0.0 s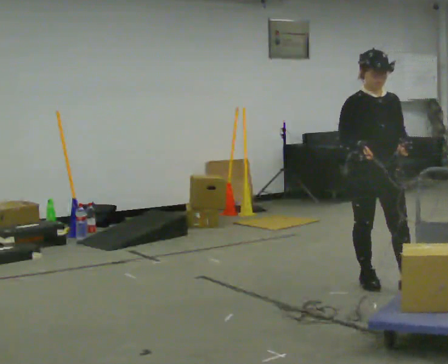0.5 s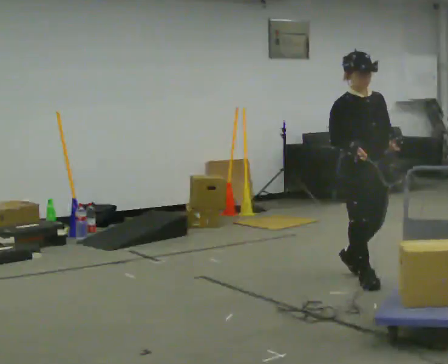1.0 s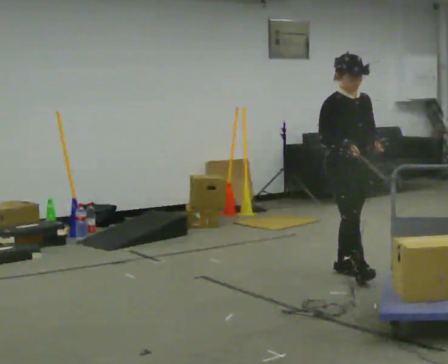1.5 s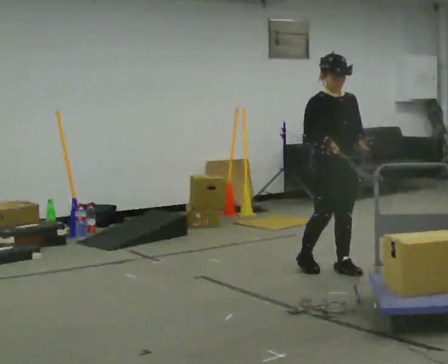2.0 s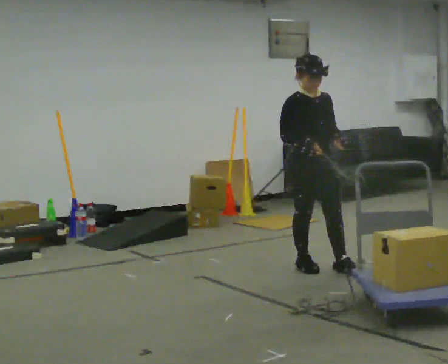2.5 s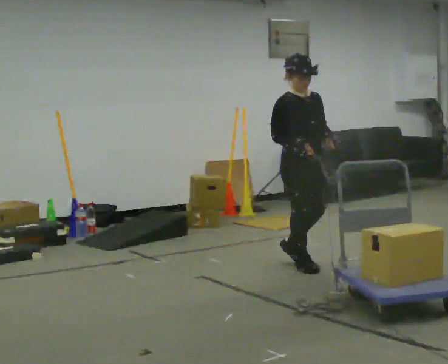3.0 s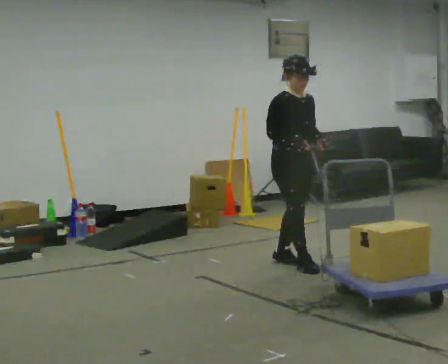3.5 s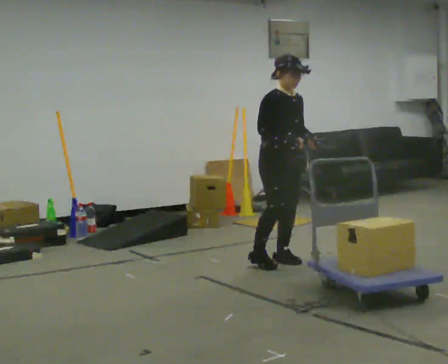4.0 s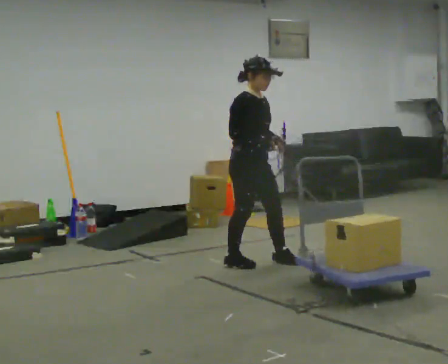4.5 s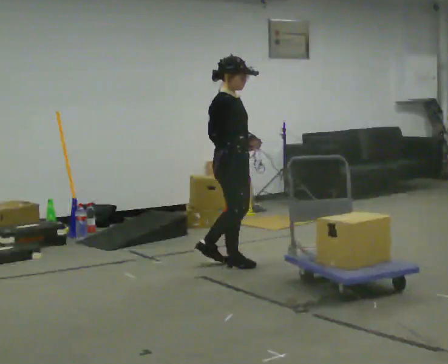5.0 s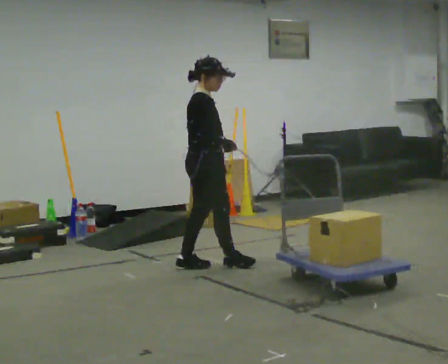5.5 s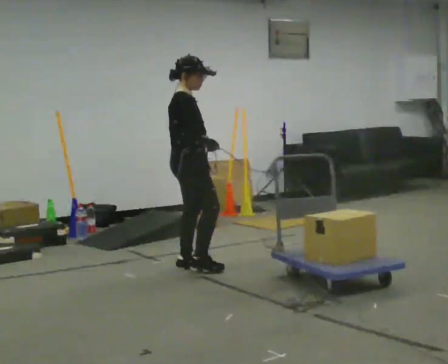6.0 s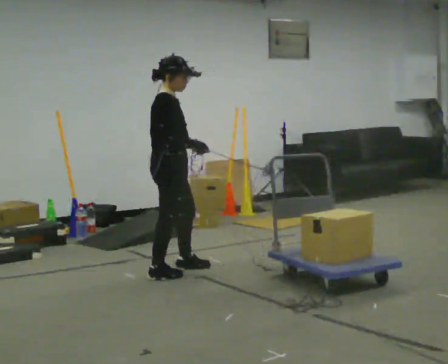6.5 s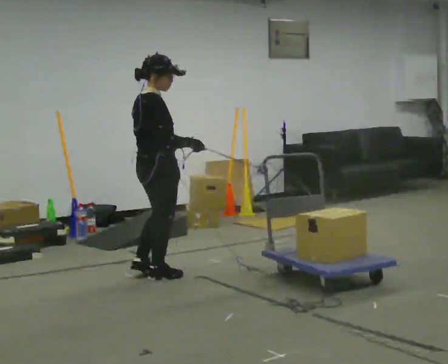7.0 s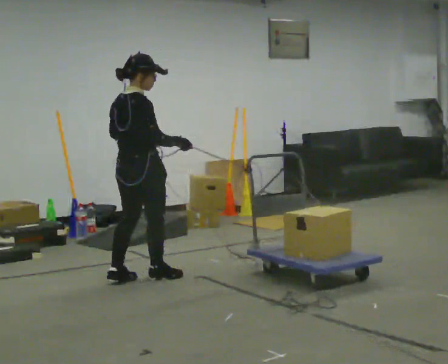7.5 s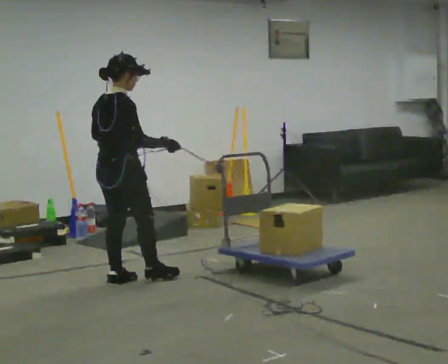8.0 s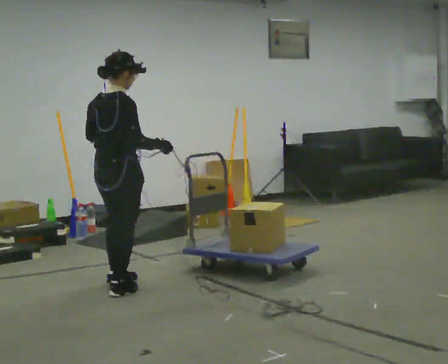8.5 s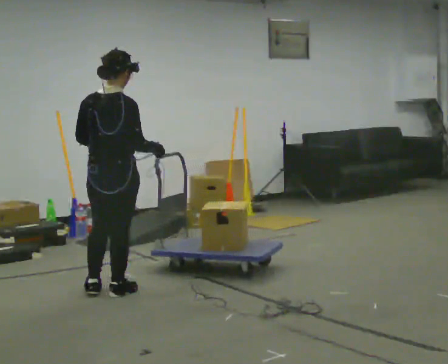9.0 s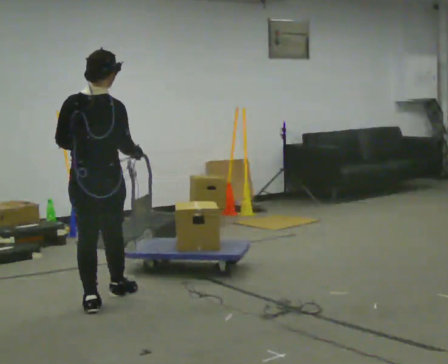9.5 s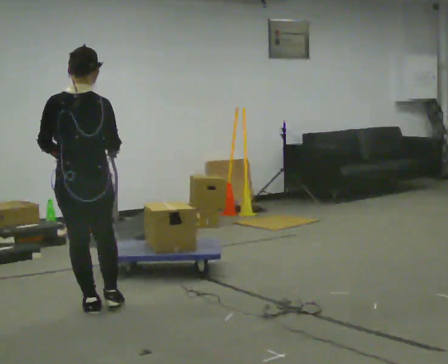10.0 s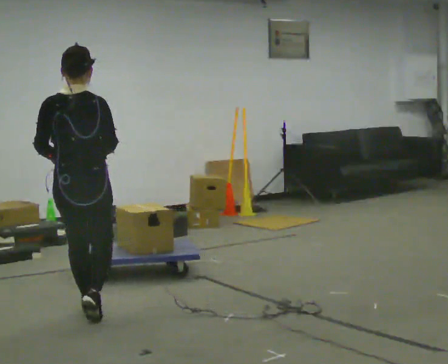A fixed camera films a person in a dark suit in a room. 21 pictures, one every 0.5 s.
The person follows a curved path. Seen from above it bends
counterclockwise.
The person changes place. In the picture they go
to the left.
0.0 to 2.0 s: In the picture they go away from the camera and to the left, about 0.75 m in 2 steps, which for them is backward.
2.0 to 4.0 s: Seen from above the body turns counterclockwise, about 30 degrees: to their left, with its near side sliding to the right. In the picture they go to the left and away from the camera, about 0.5 m in 2 steps, which for them is backward and to their right.
4.0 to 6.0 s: The part of the body nearest the lens slides to the right as the person turns to their left by about 30 degrees. In the picture they go to the left, about 0.75 m in 2 steps, which for them is backward.
6.0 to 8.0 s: The person turns about 45 degrees to their left, counterclockwise seen from above, so the part of the body nearest the lens slides to the right. In the picture they go toward the camera and to the left, about 0.5 m in 2 steps, which for them is backward.
8.0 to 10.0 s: The part of the body nearest the lens slides to the right as the person turns to their left by about 30 degrees. In the picture they go toward the camera, about 0.5 m in 1 step, which for them is backward.
The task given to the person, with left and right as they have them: Hold the rope in both hands and drag the sled towards you as you walk backward. The operator will confirm the space behind you is clear.
The film runs forward here.
